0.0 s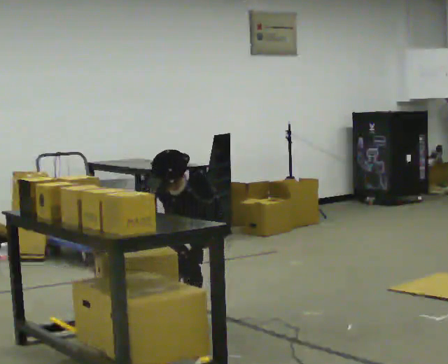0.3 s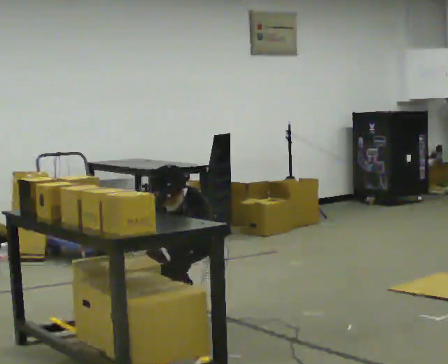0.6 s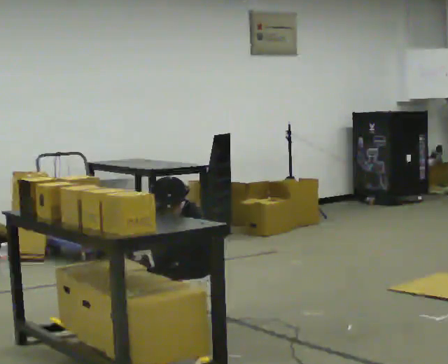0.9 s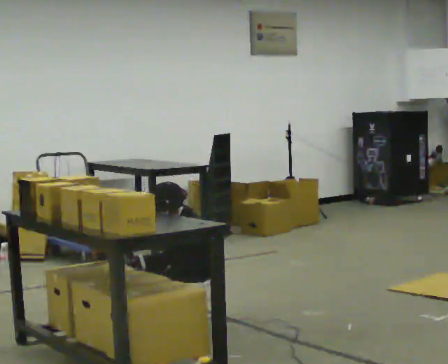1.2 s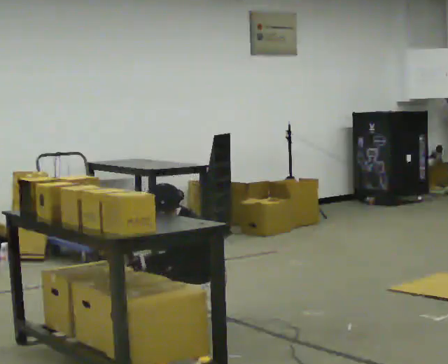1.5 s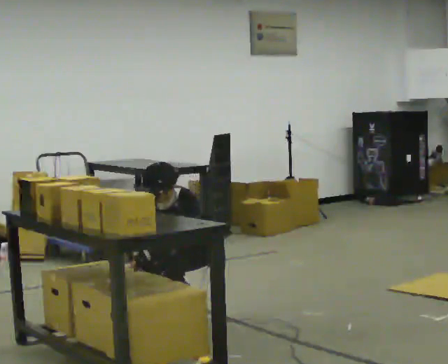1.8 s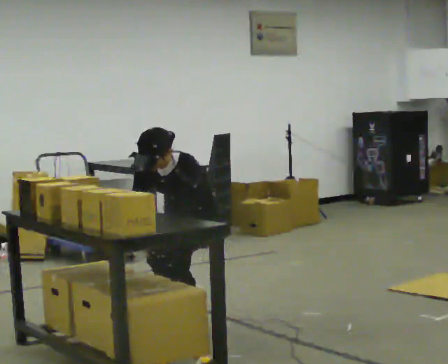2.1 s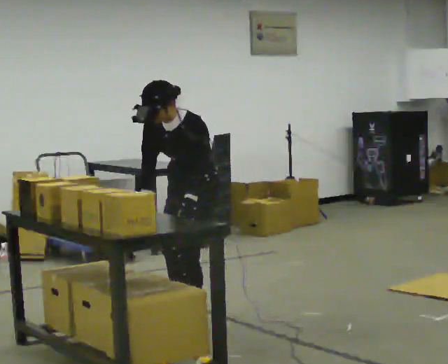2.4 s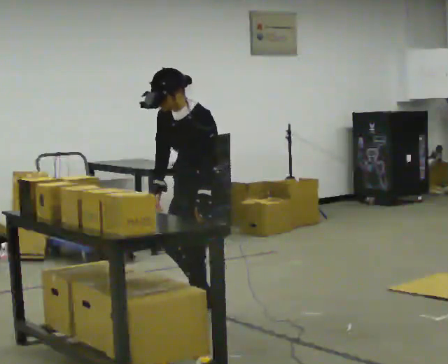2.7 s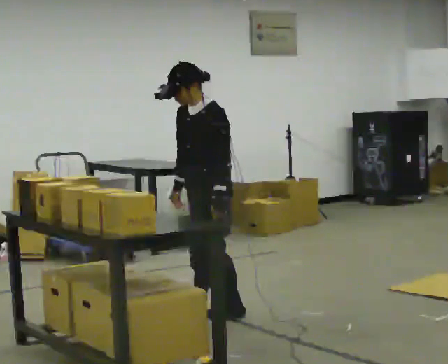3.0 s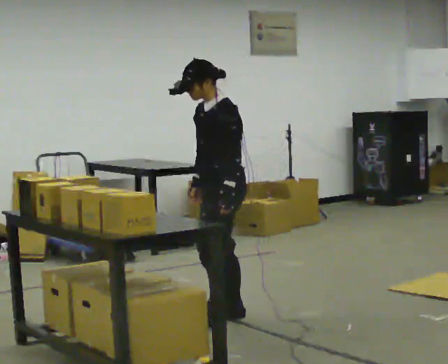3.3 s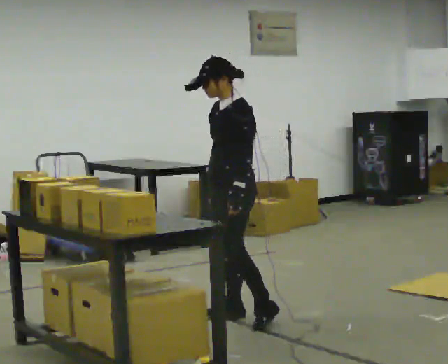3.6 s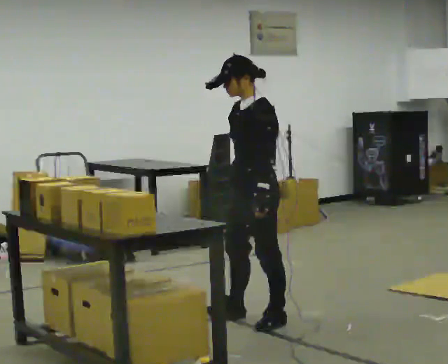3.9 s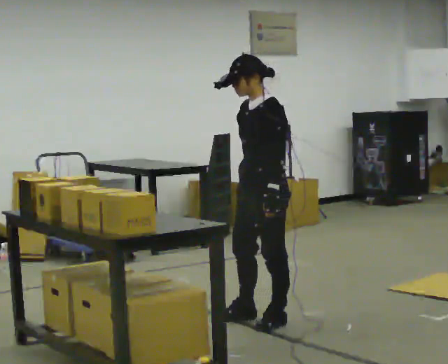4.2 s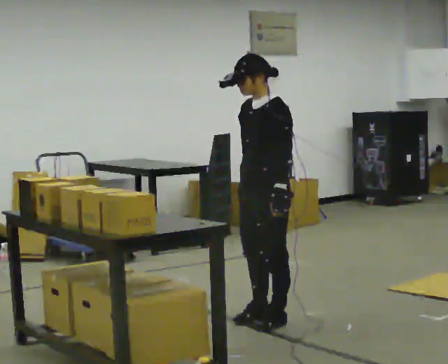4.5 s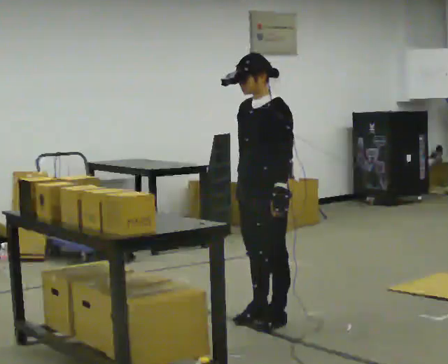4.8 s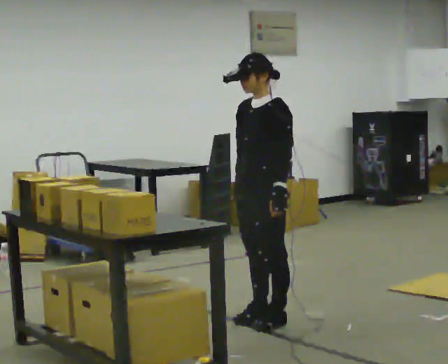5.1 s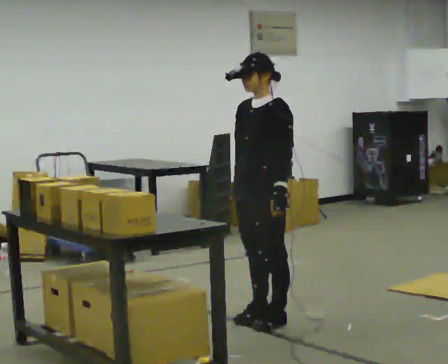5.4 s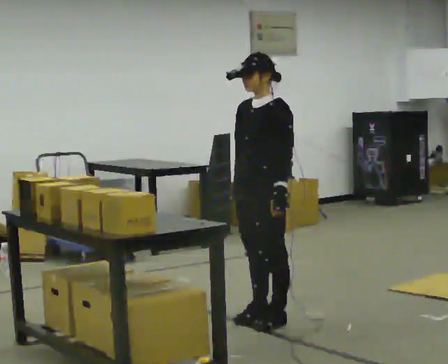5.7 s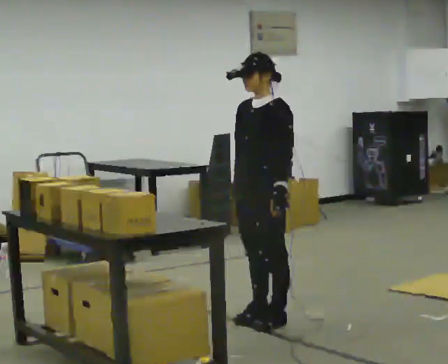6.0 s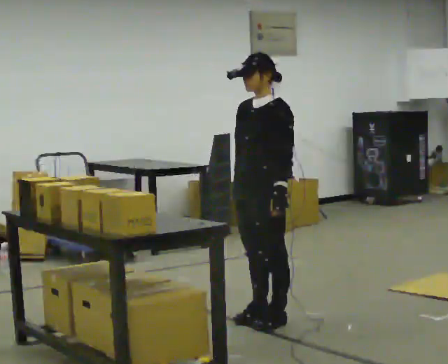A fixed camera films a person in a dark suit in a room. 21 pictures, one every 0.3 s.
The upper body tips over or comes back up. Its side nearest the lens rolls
upward.
0.0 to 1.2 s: The shoulders move downward. The upper body tips away from the camera, its near side rolling upward, as they lean back or straighten.
1.2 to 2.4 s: The shoulders move upward. The upper body tips away from the camera, its near side rolling upward, as they lean back or straighten.
2.4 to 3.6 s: In the picture they go to the right, about 0.25 m in 1 step, which for them is backward and to their left.
3.6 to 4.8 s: The person moves a little, or ends about where they began.
4.8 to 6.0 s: The person keeps their place and pose.
The film runs backward here.
